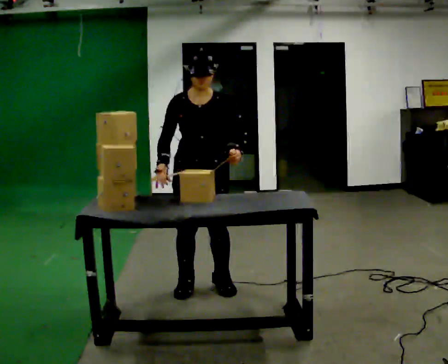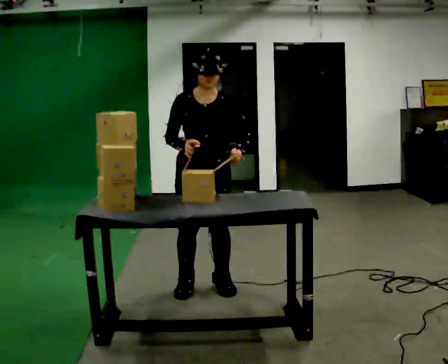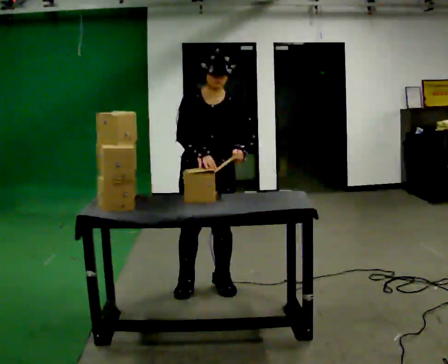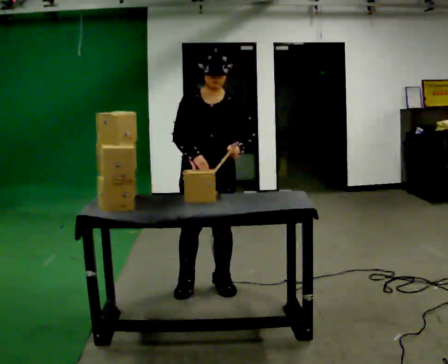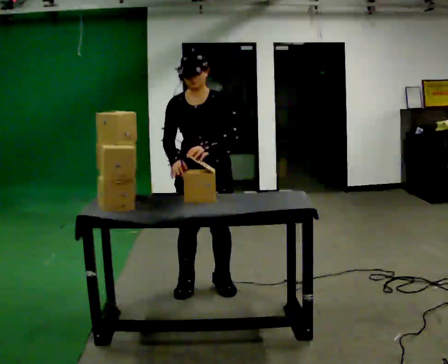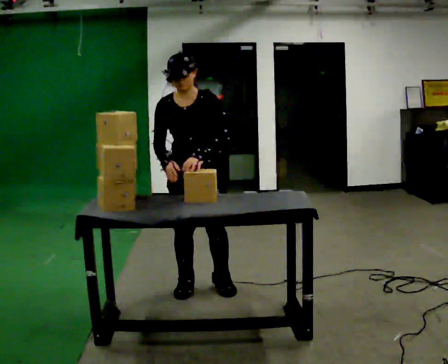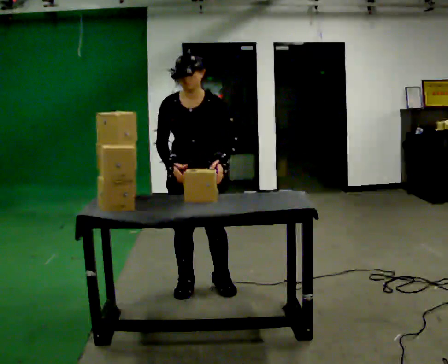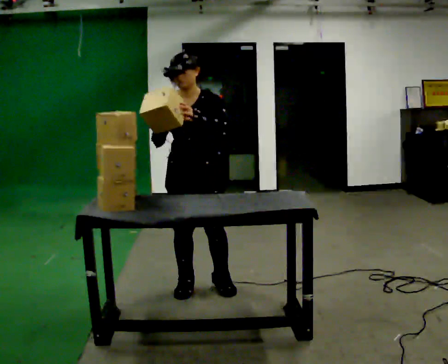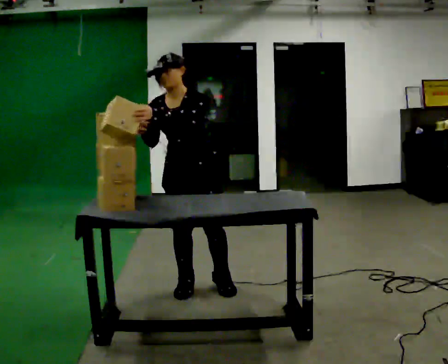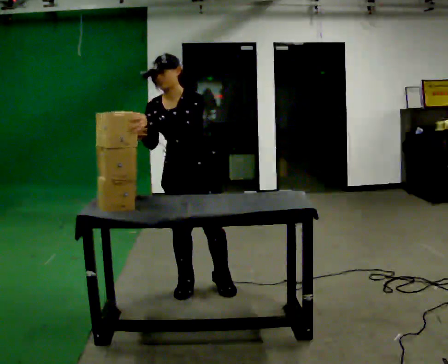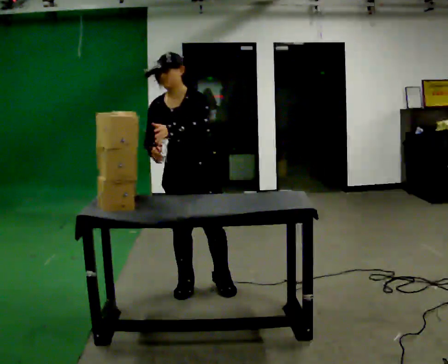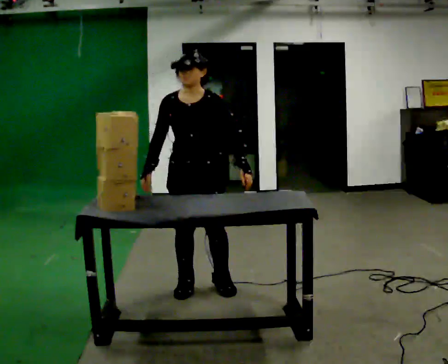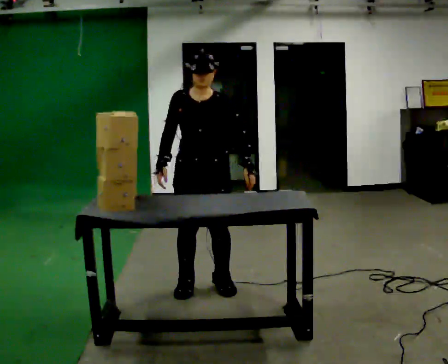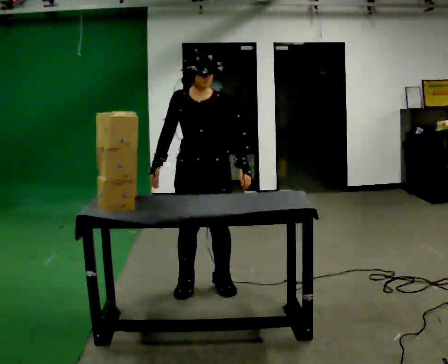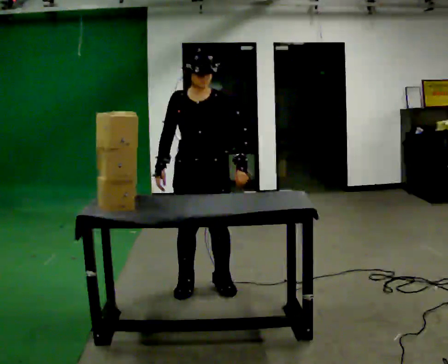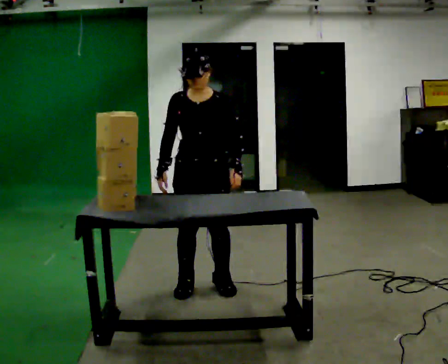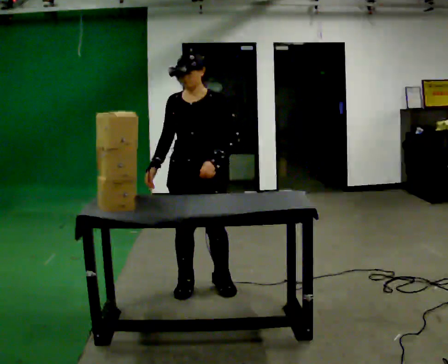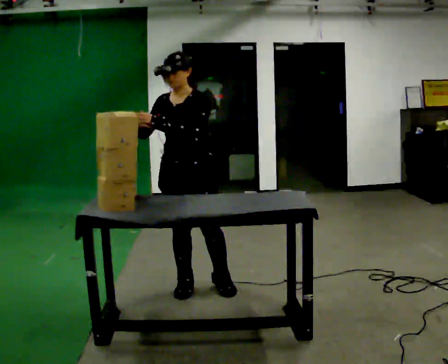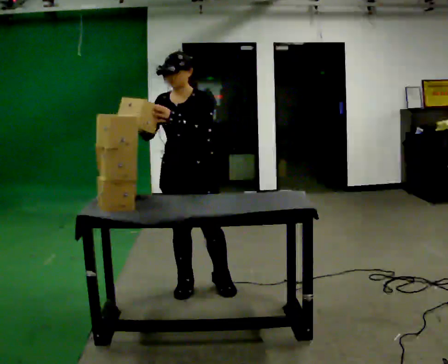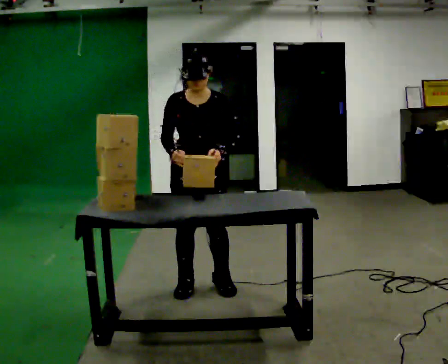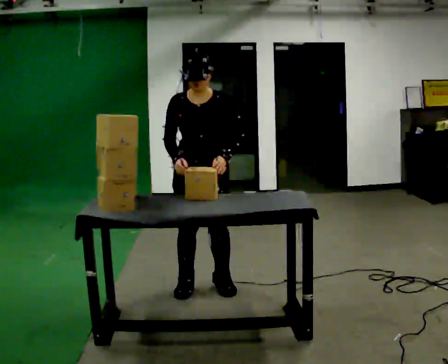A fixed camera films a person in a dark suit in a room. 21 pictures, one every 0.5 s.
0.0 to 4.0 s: In the picture their left hand goes to the left.
4.0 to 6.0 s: The upper body tips away from the camera, its near side rolling upward, as they lean back or straighten. In the picture their left hand goes to the right and downward.
6.0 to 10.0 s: The person moves a little, or ends about where they began.
The film runs forward here.
